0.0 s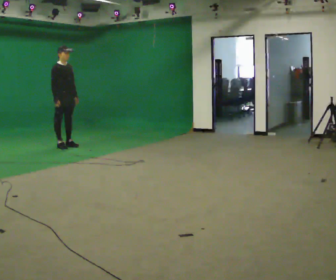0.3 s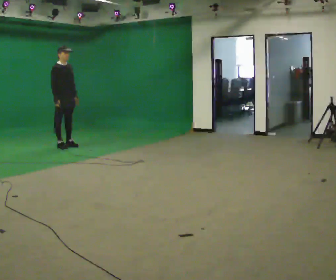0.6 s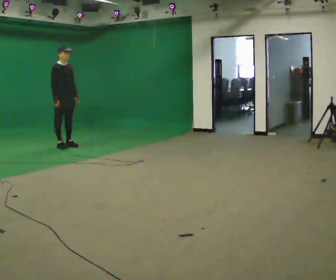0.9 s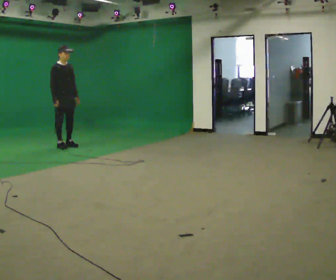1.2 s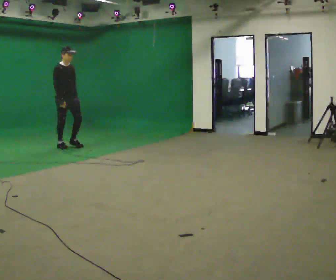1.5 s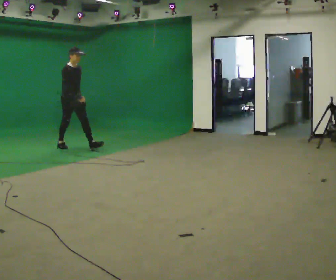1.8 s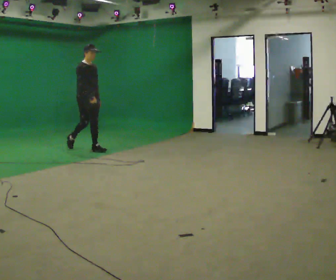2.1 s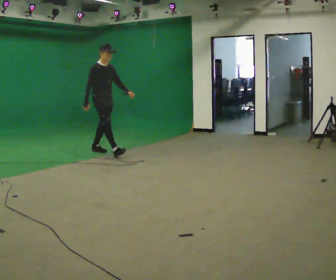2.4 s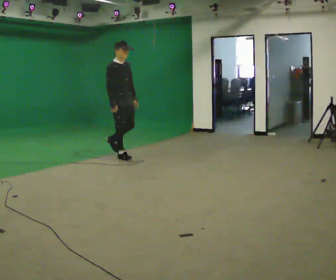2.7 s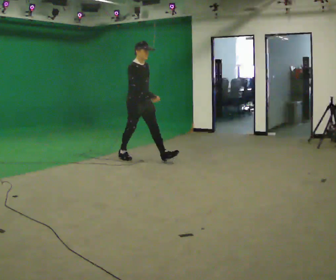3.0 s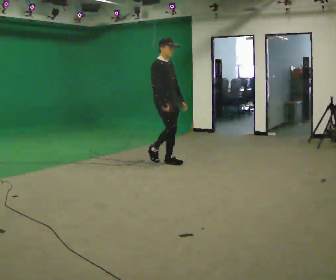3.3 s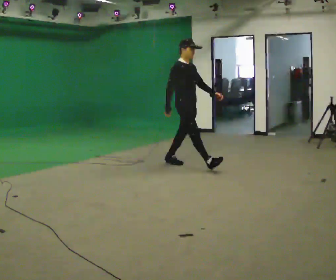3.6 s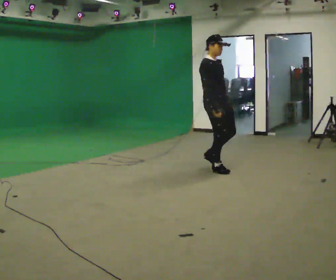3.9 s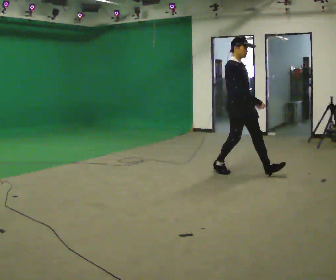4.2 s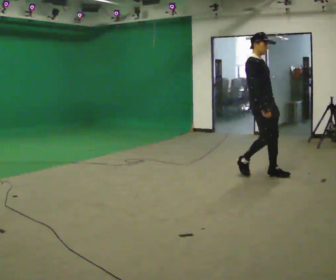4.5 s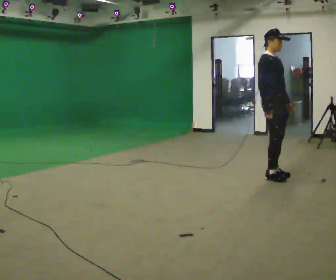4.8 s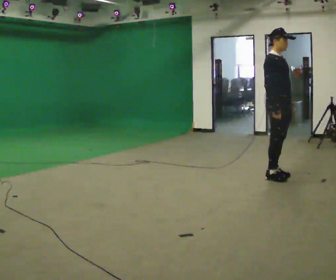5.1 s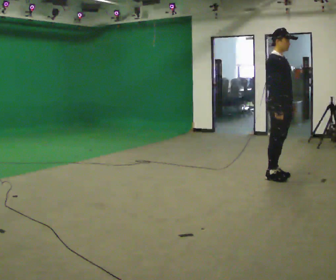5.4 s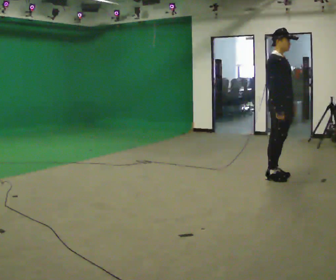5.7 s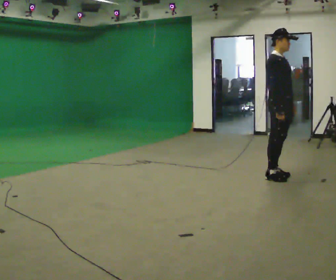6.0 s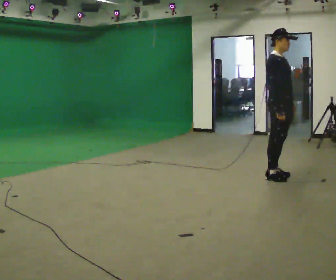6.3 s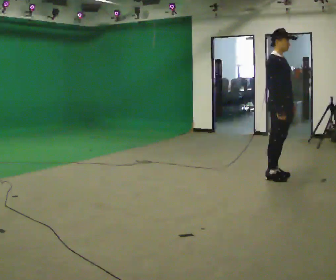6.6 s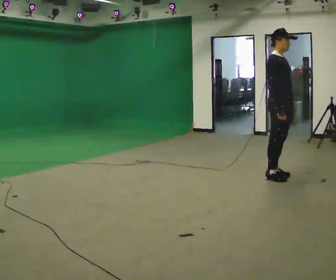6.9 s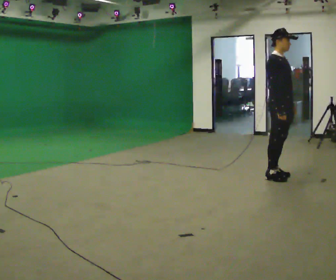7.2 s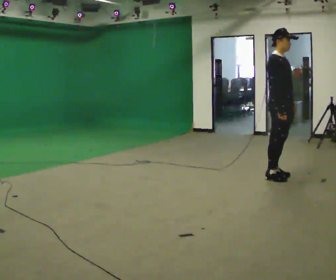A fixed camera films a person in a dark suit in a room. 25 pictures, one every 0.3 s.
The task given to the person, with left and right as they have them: Walk normally; at marked point stop as quickly as comfortably possible; remain still.
0.0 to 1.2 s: The person moves a little, or ends about where they began.
1.2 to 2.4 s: In the picture they go to the right and toward the camera, about 1 m in 2 steps, which for them is forward.
2.4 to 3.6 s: In the picture they go to the right and toward the camera, about 1.5 m in 2 steps, which for them is forward.
3.6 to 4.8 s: In the picture they go to the right and toward the camera, about 1 m in 2 steps, which for them is forward.
4.8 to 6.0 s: The person moves a little, or ends about where they began.
6.0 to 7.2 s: The person keeps their place and pose.
The film runs forward here.
